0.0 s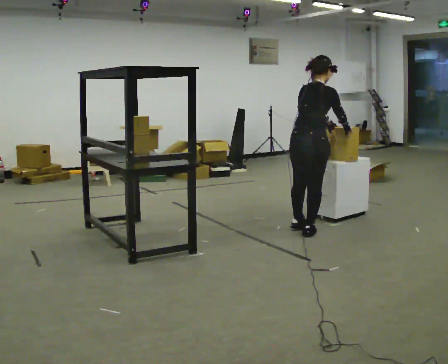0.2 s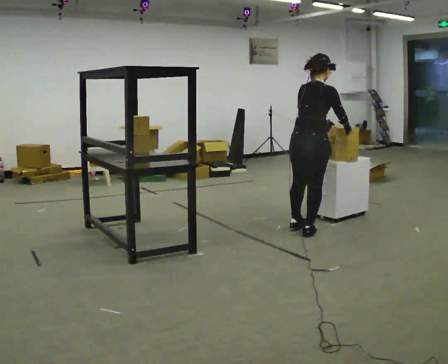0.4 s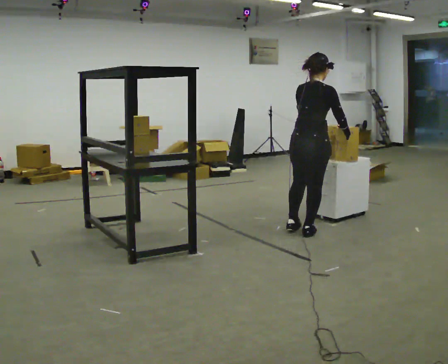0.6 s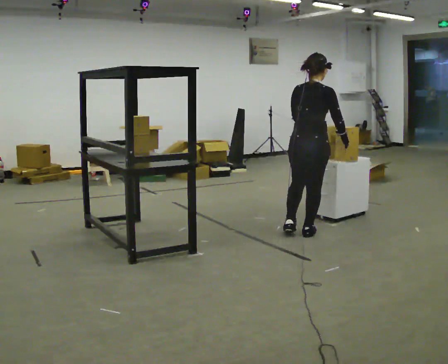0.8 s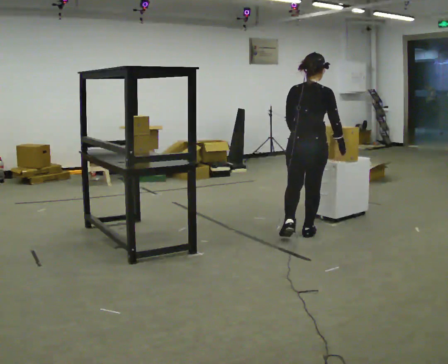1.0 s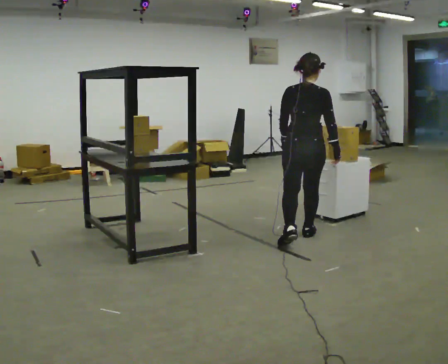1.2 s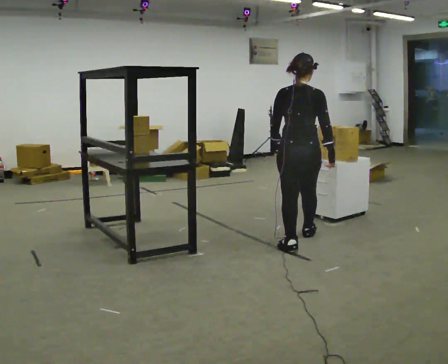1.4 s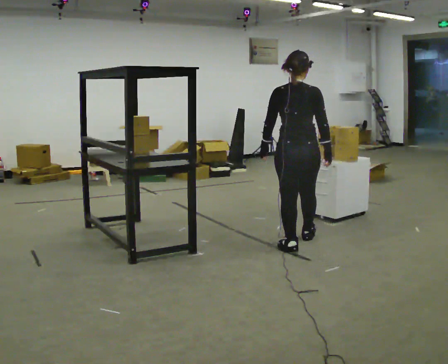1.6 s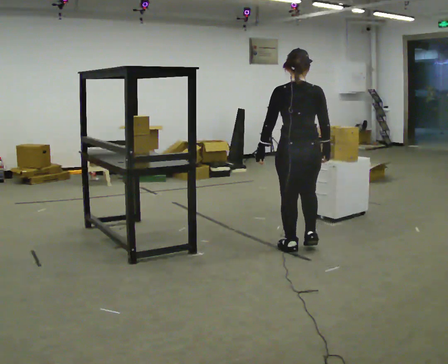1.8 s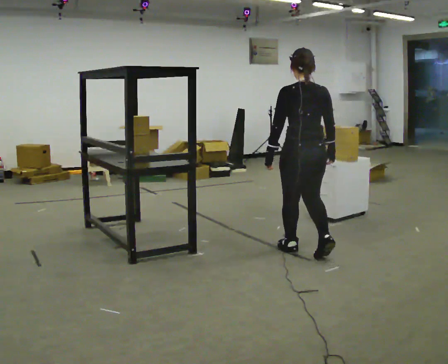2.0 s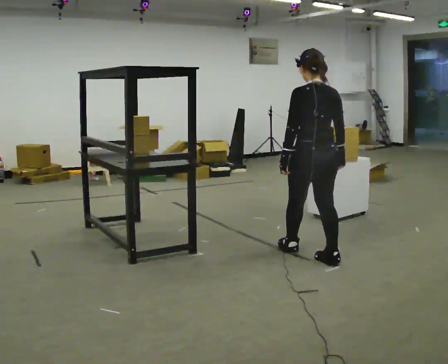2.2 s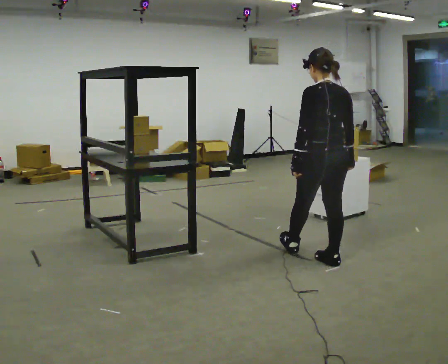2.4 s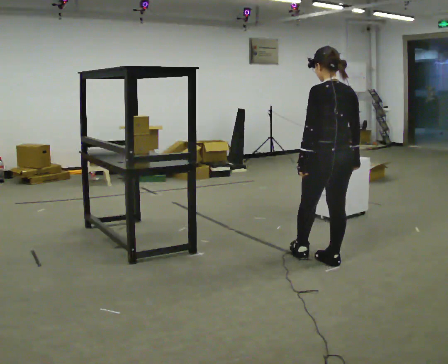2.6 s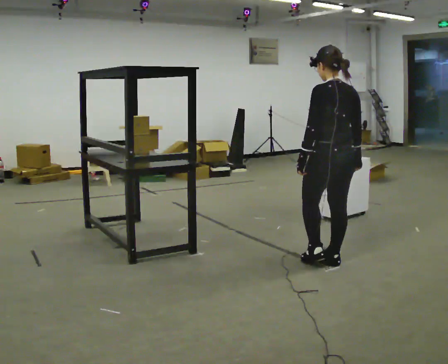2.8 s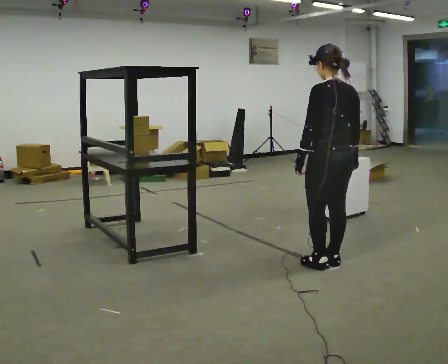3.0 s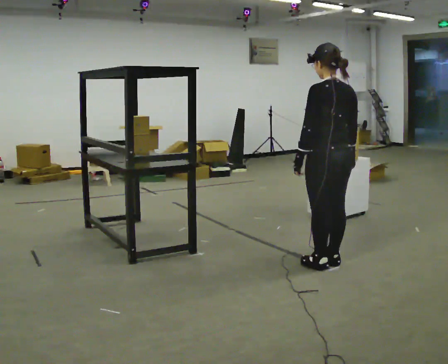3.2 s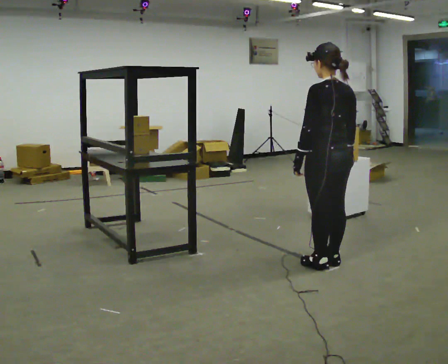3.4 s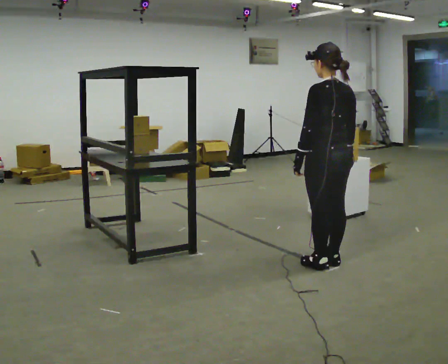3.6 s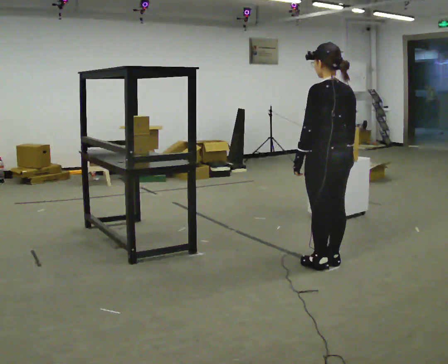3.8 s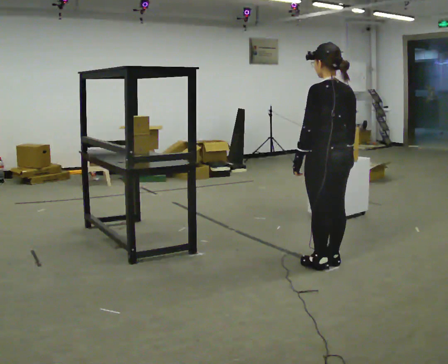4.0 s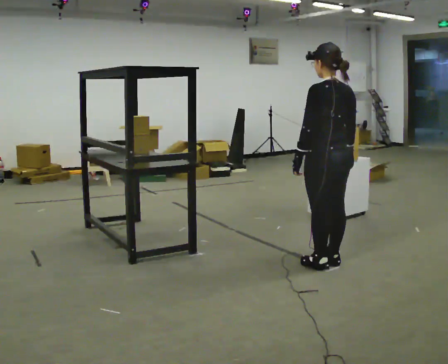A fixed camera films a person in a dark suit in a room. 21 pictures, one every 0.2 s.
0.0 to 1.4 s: The person turns about 30 degrees to their left, counterclockwise seen from above, so the part of the body nearest the lens slides to the right. In the picture they go toward the camera, about 0.5 m in 2 steps, which for them is backward.
1.4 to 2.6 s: The person turns about 30 degrees to their left, counterclockwise seen from above, so the part of the body nearest the lens slides to the right. In the picture they go toward the camera and to the right, about 0.5 m in 1 step, which for them is backward.
2.6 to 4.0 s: The person moves a little, or ends about where they began.
The film runs backward here.
